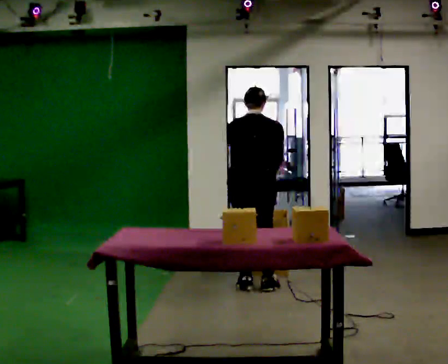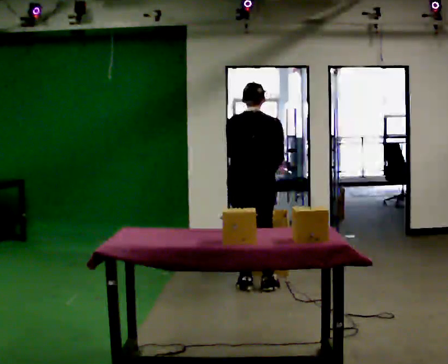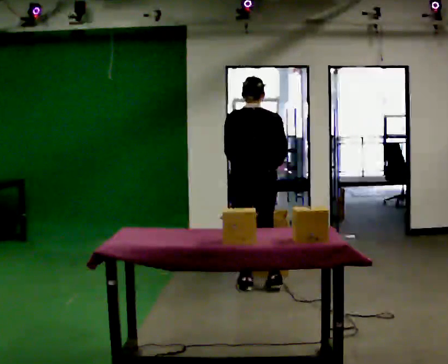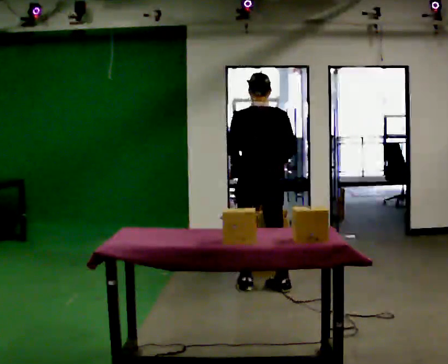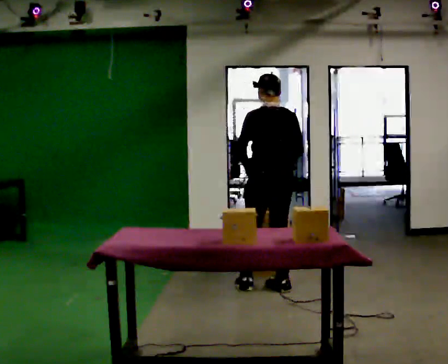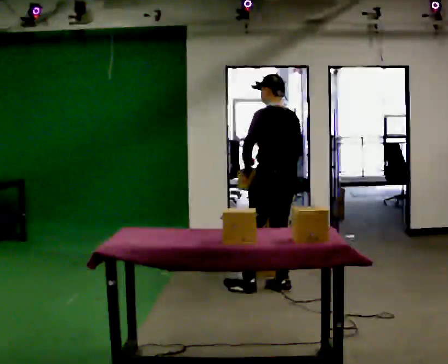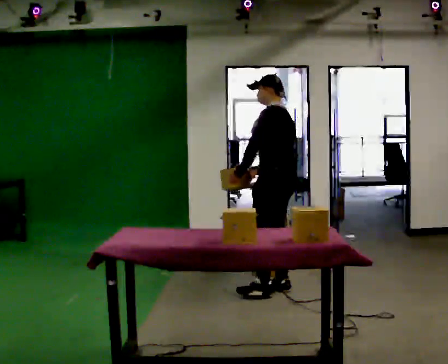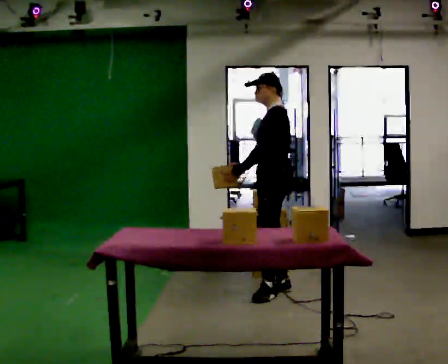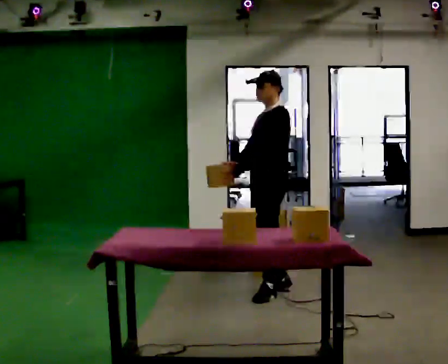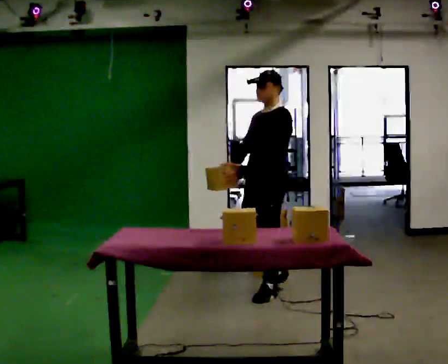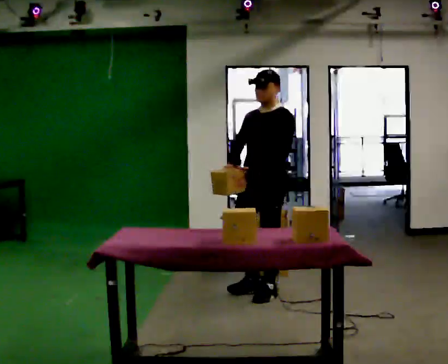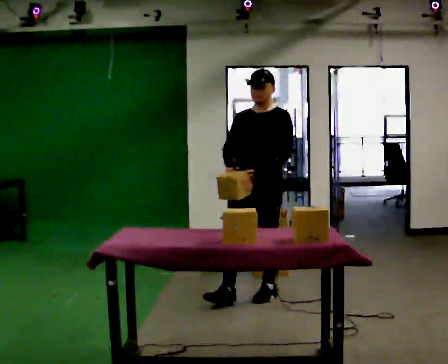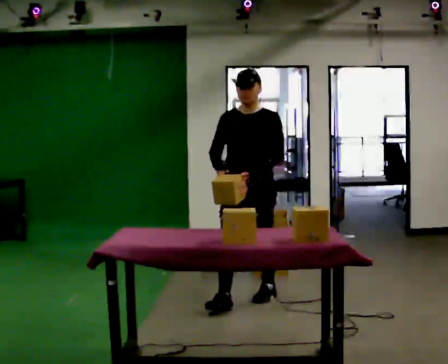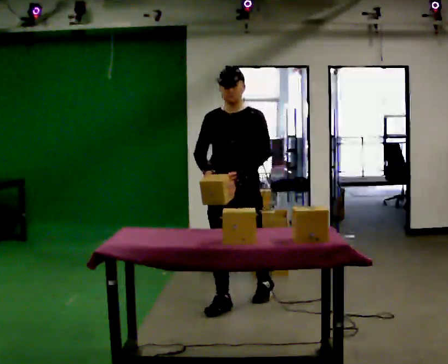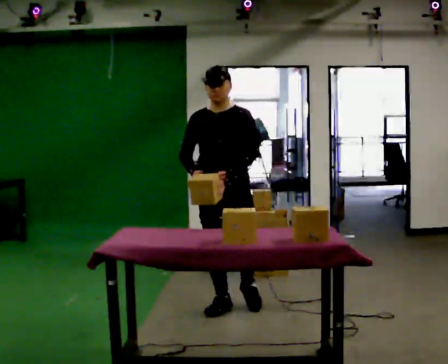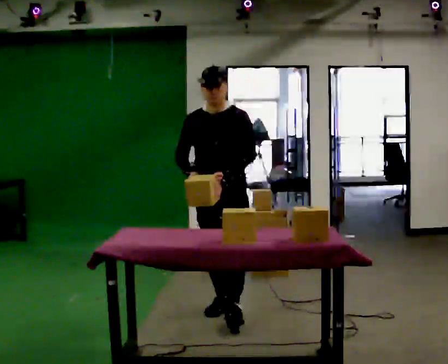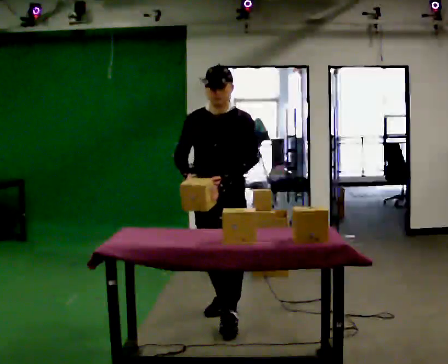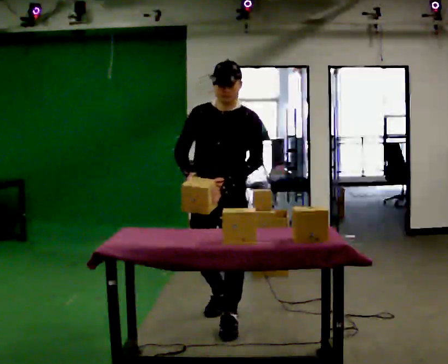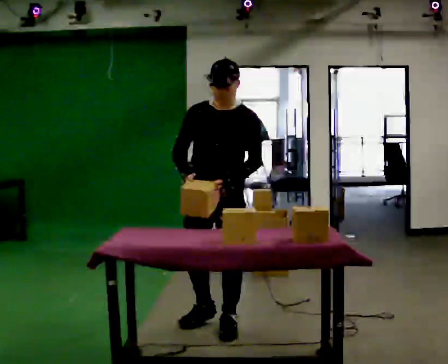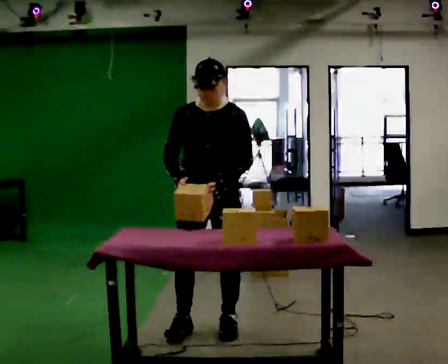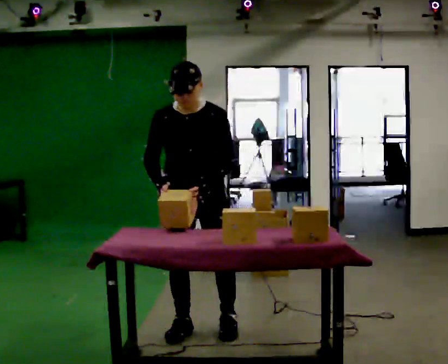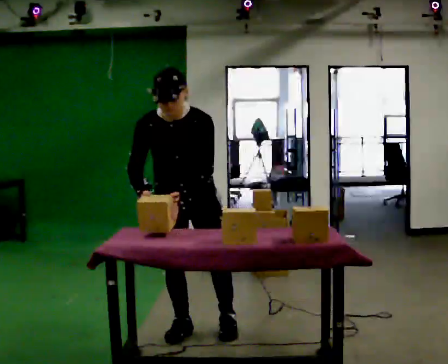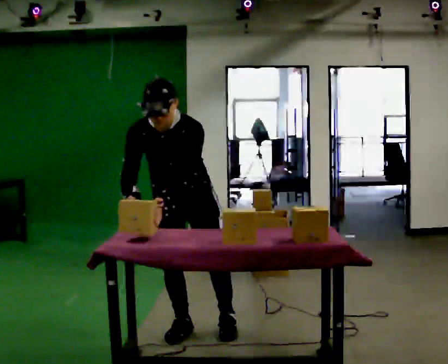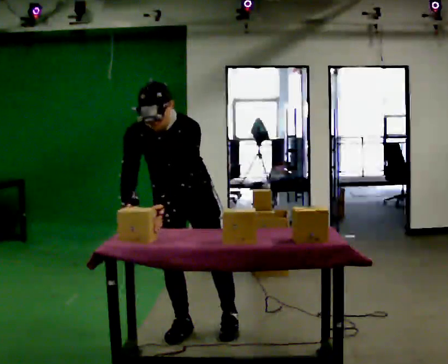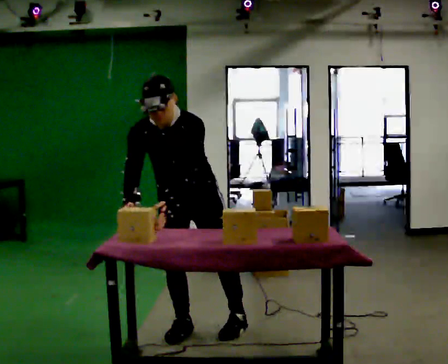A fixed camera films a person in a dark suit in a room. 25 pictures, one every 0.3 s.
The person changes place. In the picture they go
toward the camera.
The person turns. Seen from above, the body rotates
counterclockwise.
0.0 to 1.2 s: Seen from above the body turns counterclockwise, about 30 degrees: to their left, with its near side sliding to the right. In the picture they go to the right, about 0.25 m in 1 step, which for them is to their right. The upper body tips toward the camera, its near side rolling downward, as they lean back or straighten.
1.2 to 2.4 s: Seen from above the body turns counterclockwise, about 90 degrees: to their left, with its near side sliding to the right.
2.4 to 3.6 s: The part of the body nearest the lens slides to the right as the person turns to their left by about 60 degrees. In the picture they go toward the camera and to the left, about 0.25 m in 1 step, which for them is forward.
3.6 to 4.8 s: In the picture they go toward the camera and to the left, about 0.5 m in 1 step, which for them is forward.
4.8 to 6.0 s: In the picture they go toward the camera, about 0.25 m in 1 step, which for them is forward. The upper body tips toward the camera, its near side rolling downward, as they bend forward.
6.0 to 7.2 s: The person moves a little, or ends about where they began.
The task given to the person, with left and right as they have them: Carry the box over and put it on the shelf with the label facing out towards you. Get the orientation right, not just the position. Keep going until the operator says stop; one object at a time, and do not rush between trips.
The film runs forward here.
